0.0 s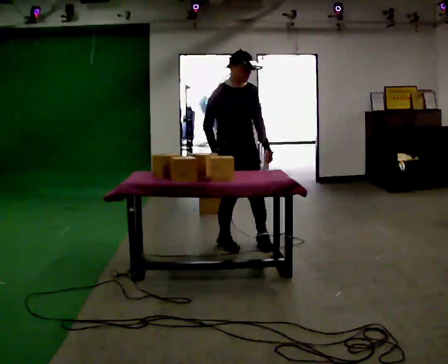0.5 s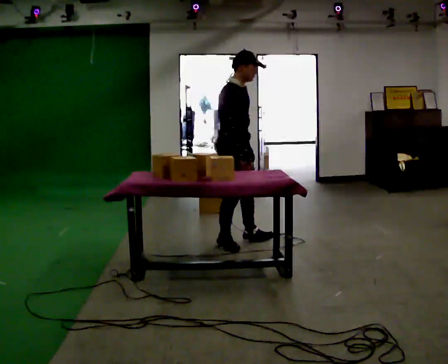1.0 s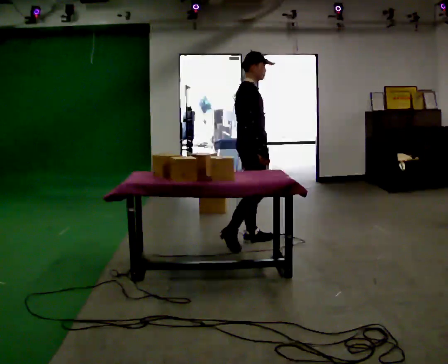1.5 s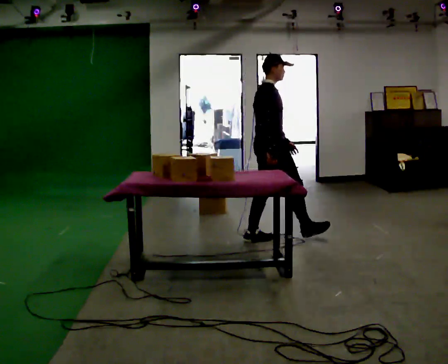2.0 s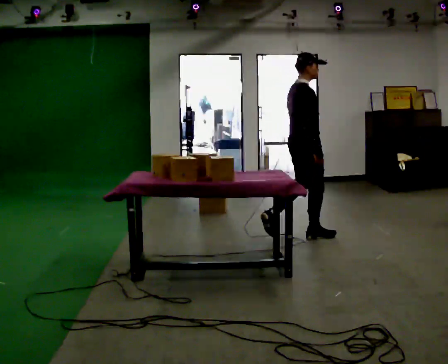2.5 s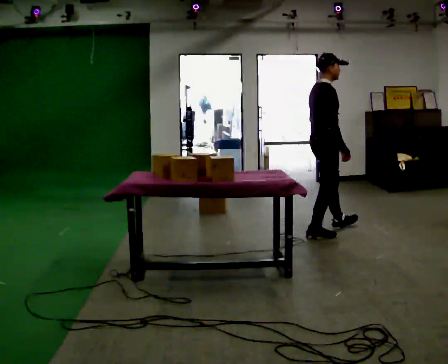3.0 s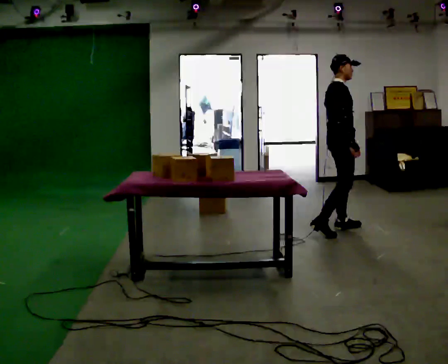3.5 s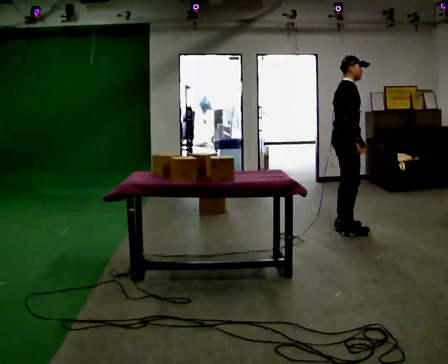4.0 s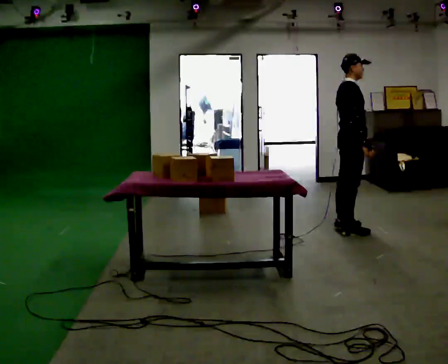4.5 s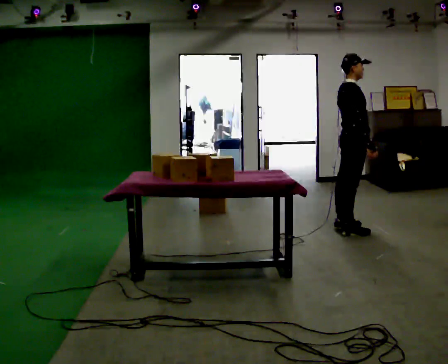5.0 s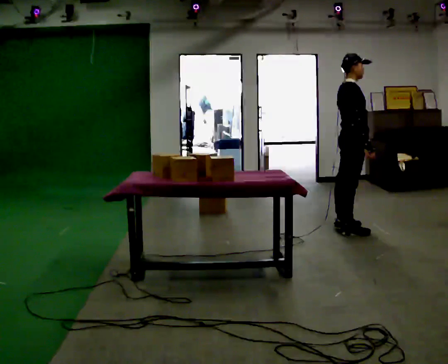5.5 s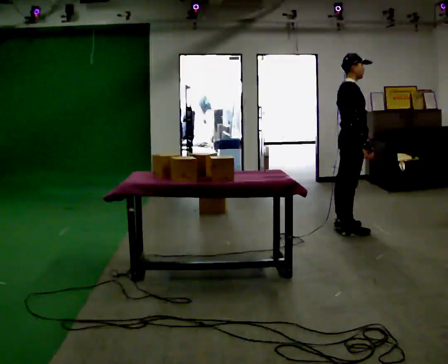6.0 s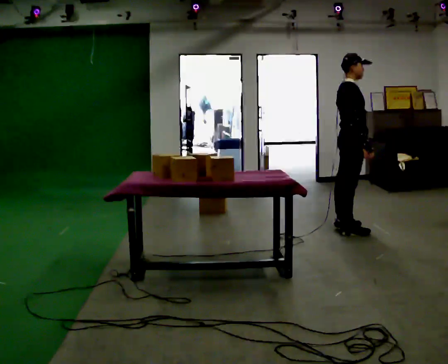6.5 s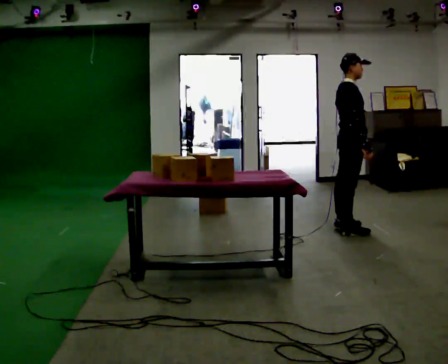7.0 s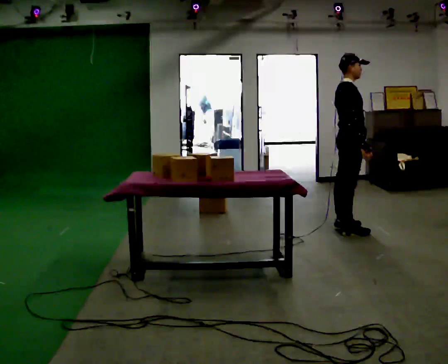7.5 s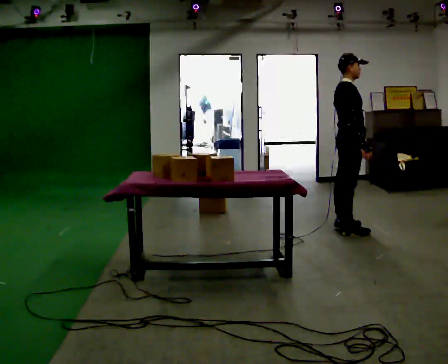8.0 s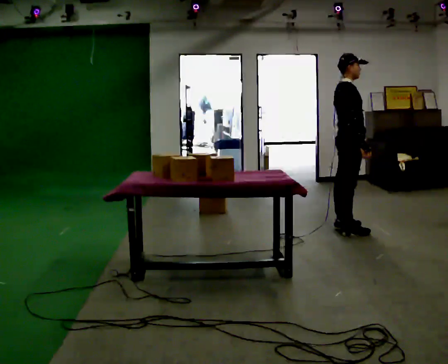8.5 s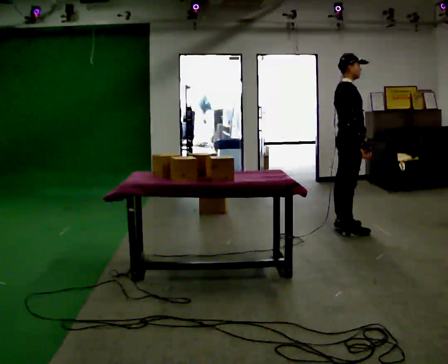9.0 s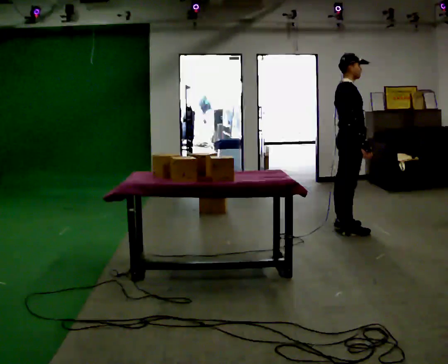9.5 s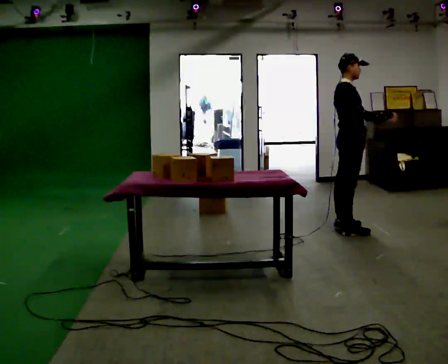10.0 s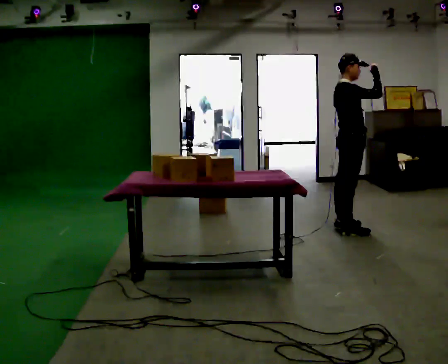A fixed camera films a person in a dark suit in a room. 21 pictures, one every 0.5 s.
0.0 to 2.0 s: The part of the body nearest the lens slides to the right as the person turns to their left by about 75 degrees. In the picture they go to the right and away from the camera, about 0.75 m in 2 steps.
2.0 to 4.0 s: In the picture they go to the right and away from the camera, about 0.5 m in 2 steps, which for them is forward and to their left.
4.0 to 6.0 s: The person moves a little, or ends about where they began.
6.0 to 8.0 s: The person keeps their place and pose.
8.0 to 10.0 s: In the picture their right hand goes upward, the arm swinging counterclockwise.
The film runs forward here.
